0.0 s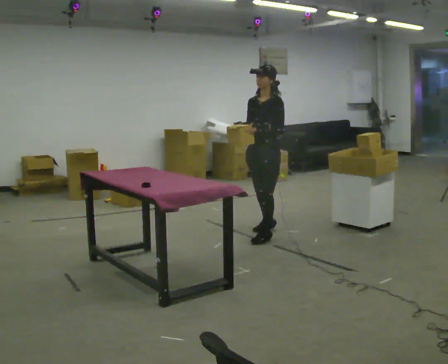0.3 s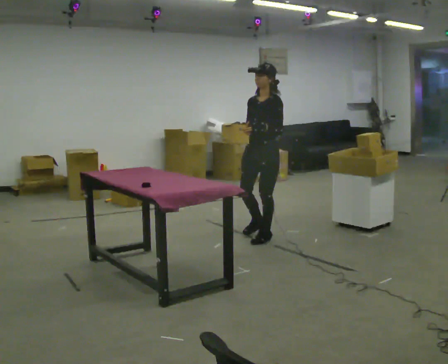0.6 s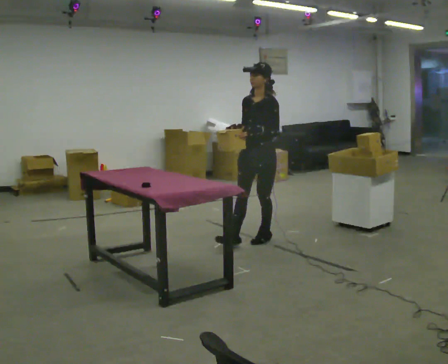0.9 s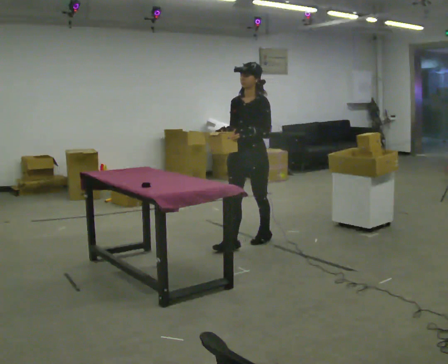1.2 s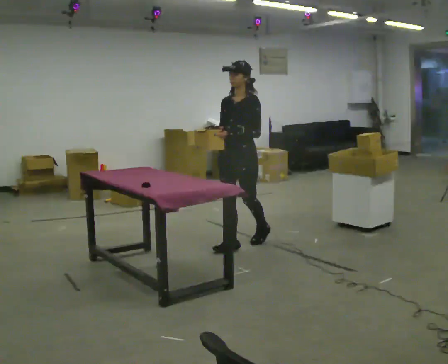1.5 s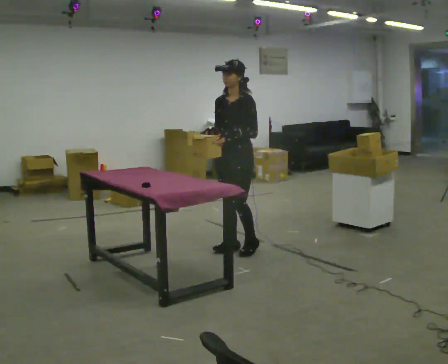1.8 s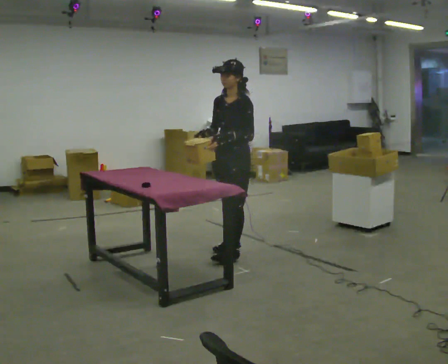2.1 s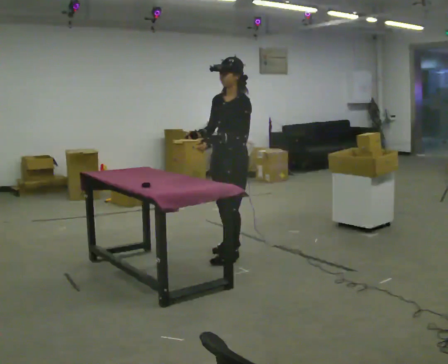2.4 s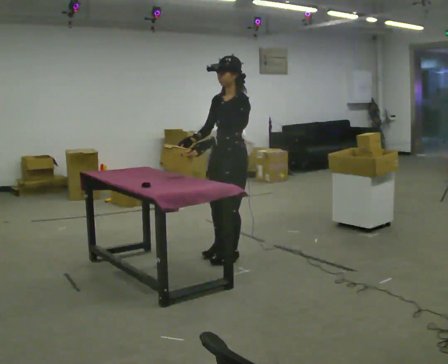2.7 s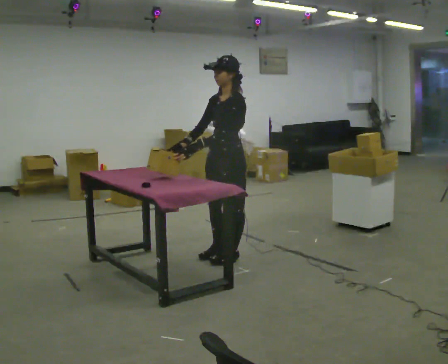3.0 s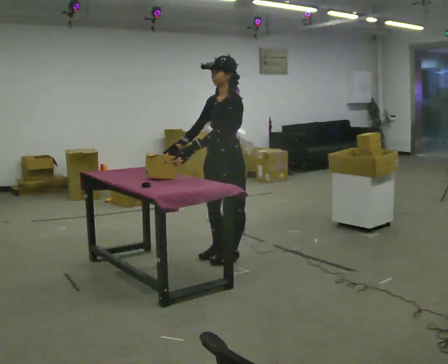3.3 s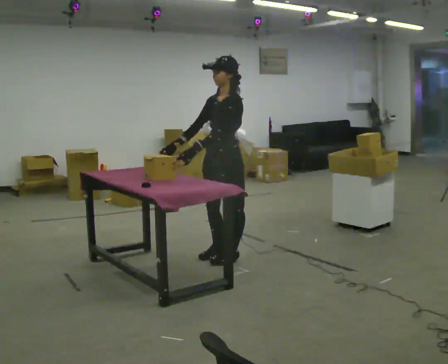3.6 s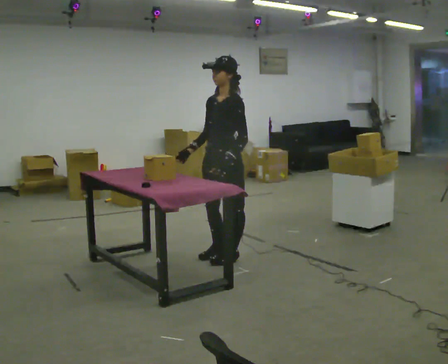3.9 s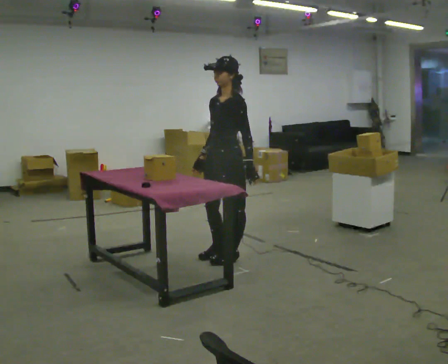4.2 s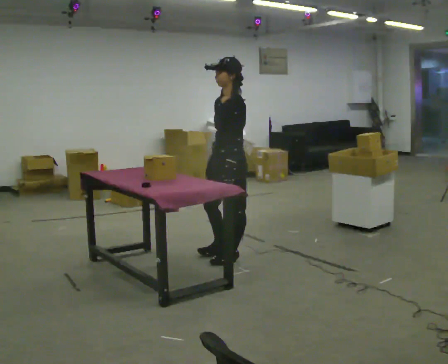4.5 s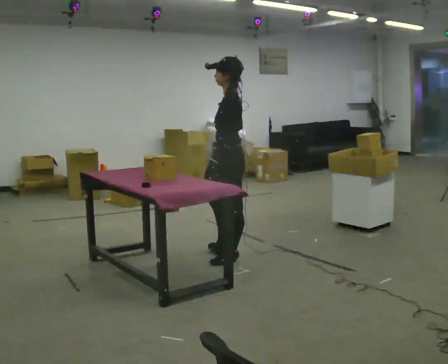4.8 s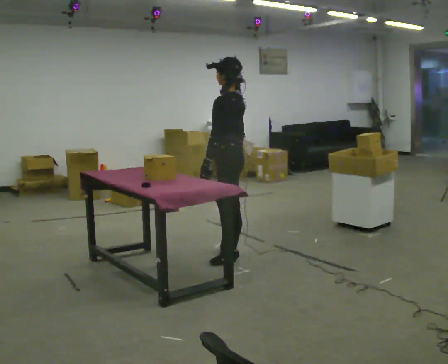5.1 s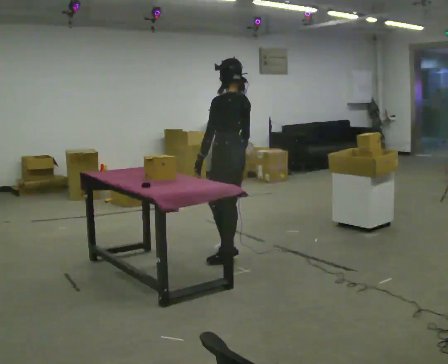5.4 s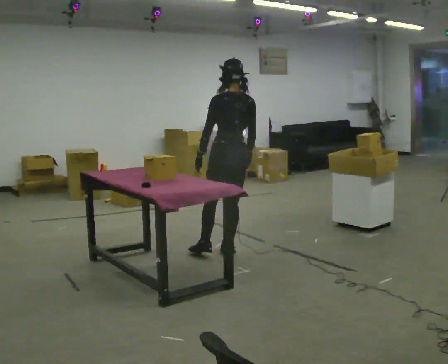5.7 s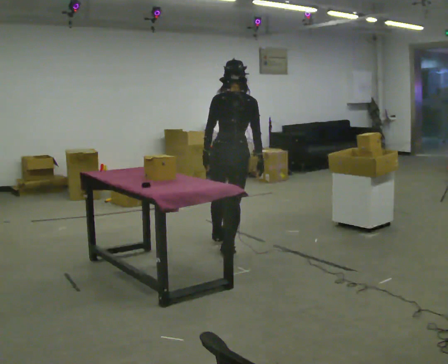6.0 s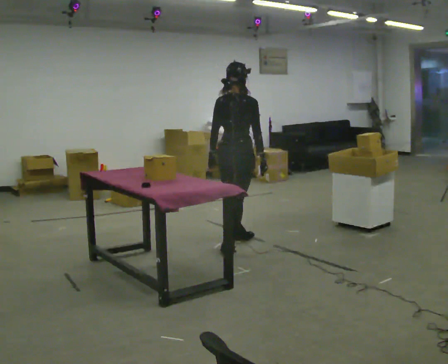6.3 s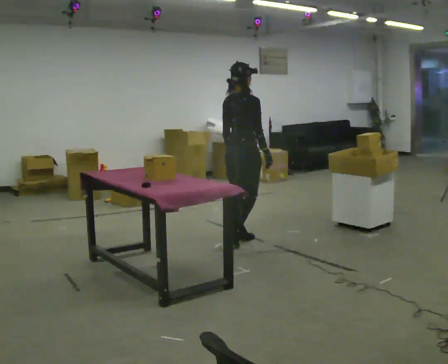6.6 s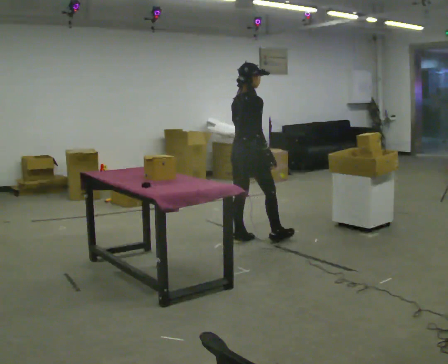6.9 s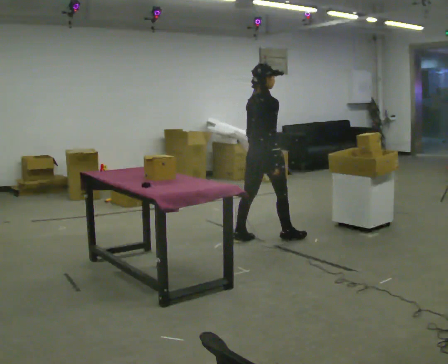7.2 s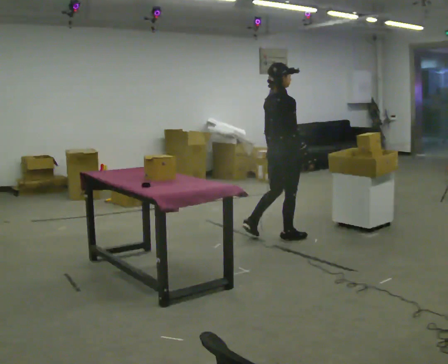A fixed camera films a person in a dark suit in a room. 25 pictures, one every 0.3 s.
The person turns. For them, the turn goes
to their right.
The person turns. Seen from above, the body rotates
clockwise.
0.0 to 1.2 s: In the picture they go toward the camera and to the left, about 0.5 m in 1 step, which for them is forward.
1.2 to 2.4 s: In the picture they go toward the camera, about 0.25 m in 1 step, which for them is forward and to their left.
2.4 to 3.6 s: The person moves a little, or ends about where they began.
3.6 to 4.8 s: The person turns about 60 degrees to their right, clockwise seen from above, so the part of the body nearest the lens slides to the left. In the picture their right hand goes to the right.
4.8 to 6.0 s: Seen from above the body turns clockwise, about 90 degrees: to their right, with its near side sliding to the left. In the picture they go away from the camera, about 0.5 m in 1 step.
6.0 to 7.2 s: The part of the body nearest the lens slides to the left as the person turns to their right by about 30 degrees. In the picture they go to the right and away from the camera, about 0.5 m in 1 step, which for them is forward.
The film runs forward here.
